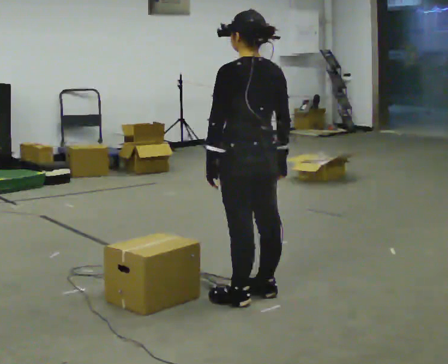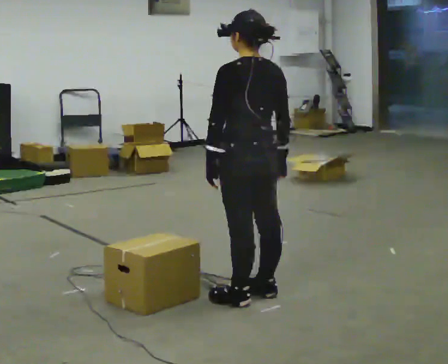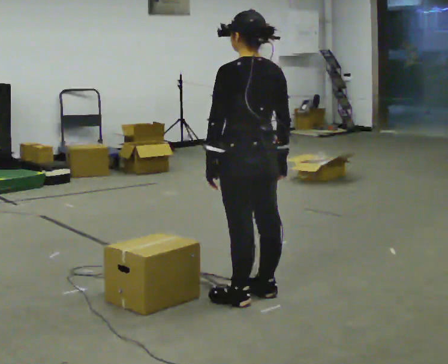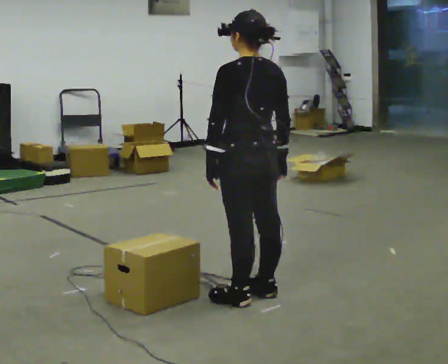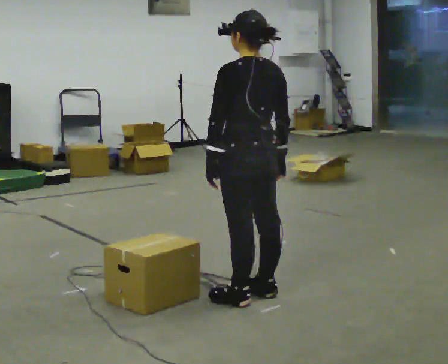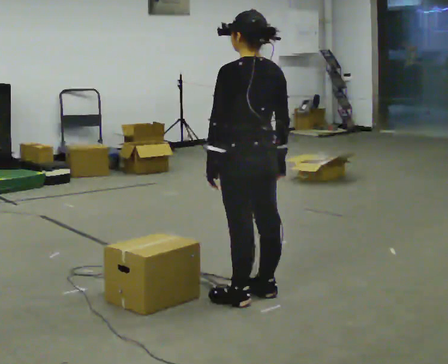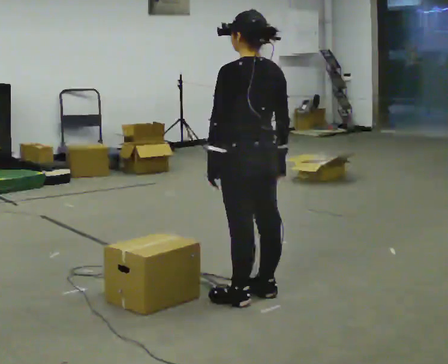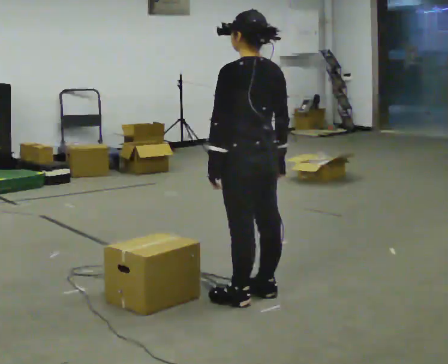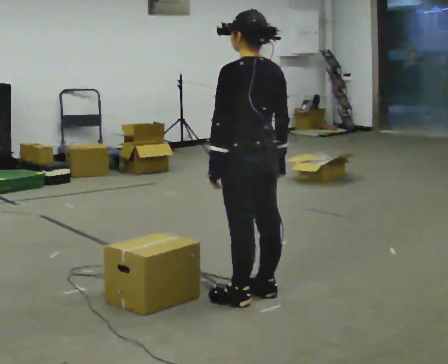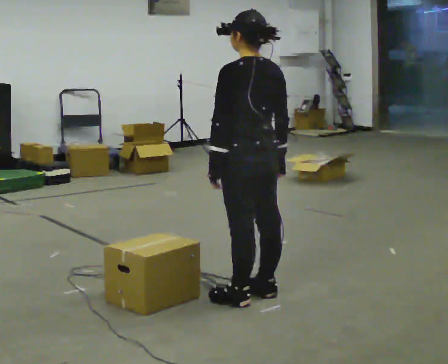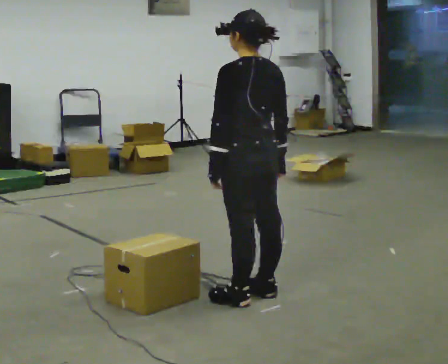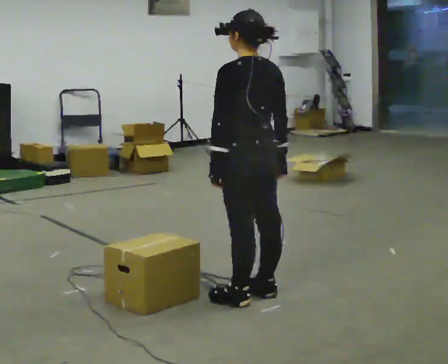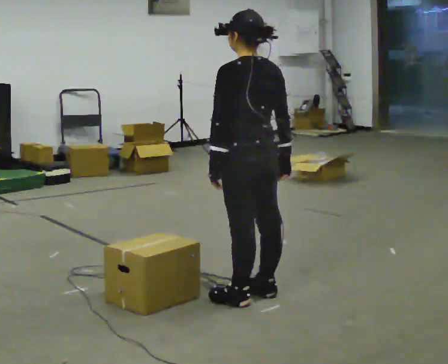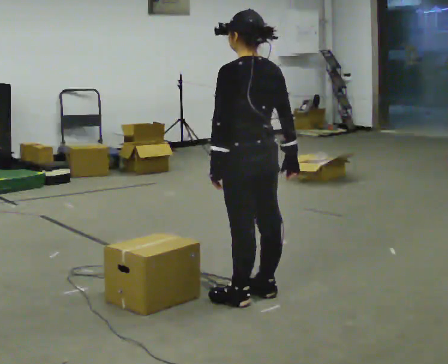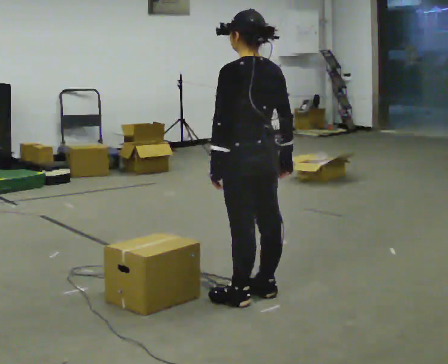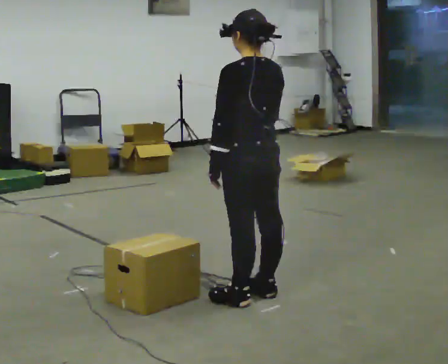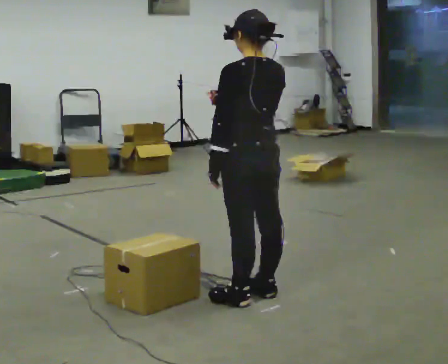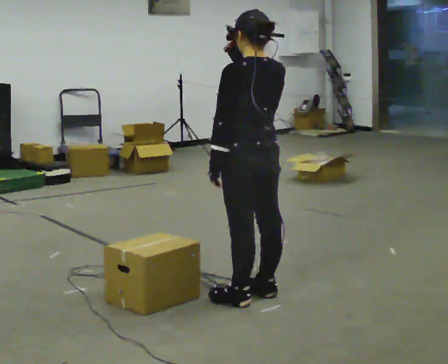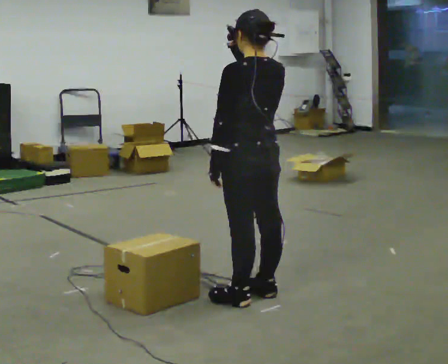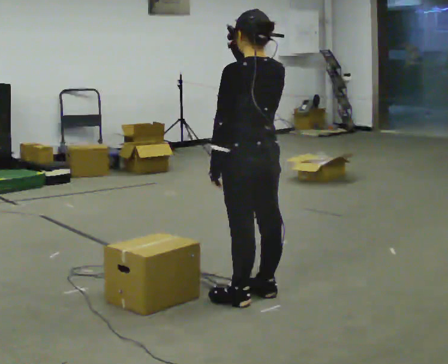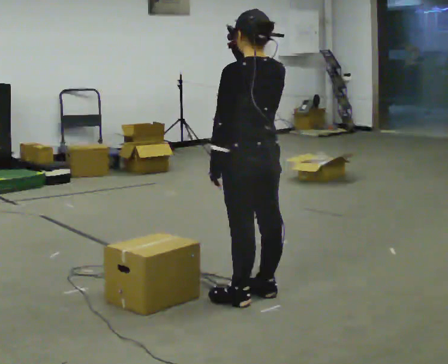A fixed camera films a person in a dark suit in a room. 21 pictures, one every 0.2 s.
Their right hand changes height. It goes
upward.
0.0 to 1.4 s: The person keeps their place and pose.
1.4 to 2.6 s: The person moves a little, or ends about where they began.
2.6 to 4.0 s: In the picture their right hand goes upward.
The film runs backward here.
